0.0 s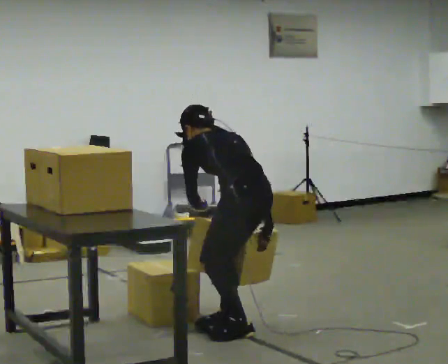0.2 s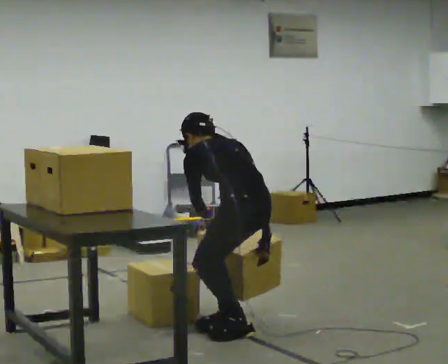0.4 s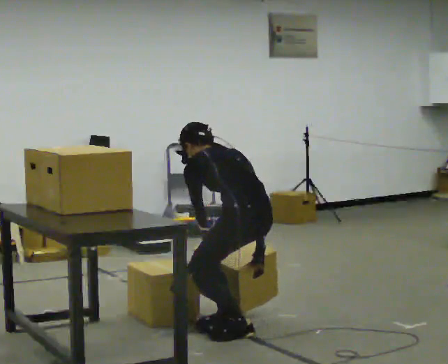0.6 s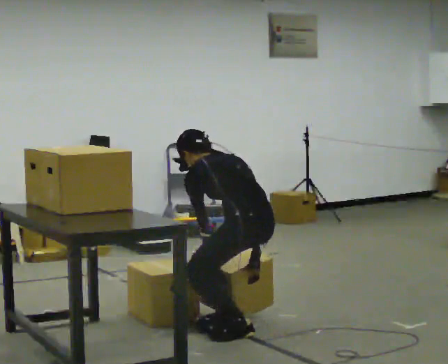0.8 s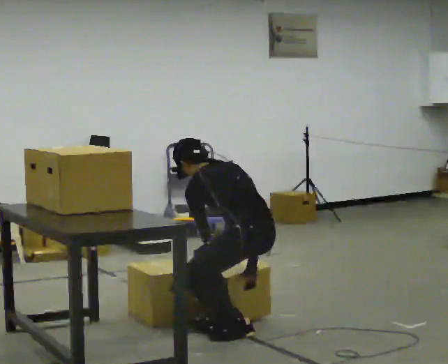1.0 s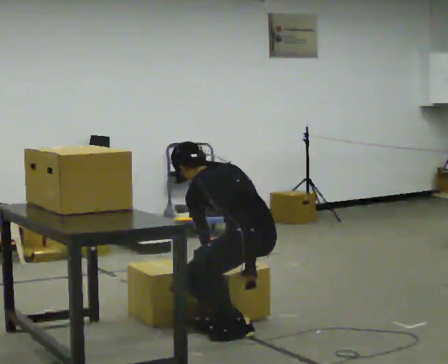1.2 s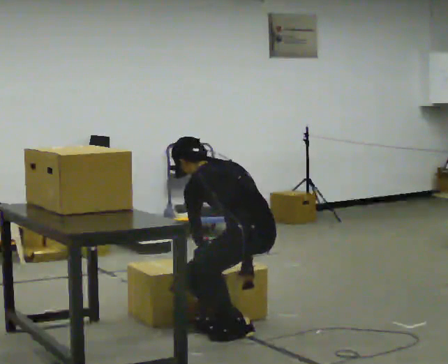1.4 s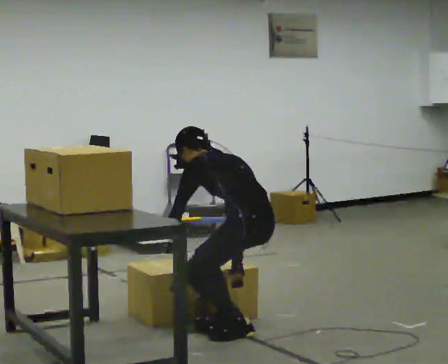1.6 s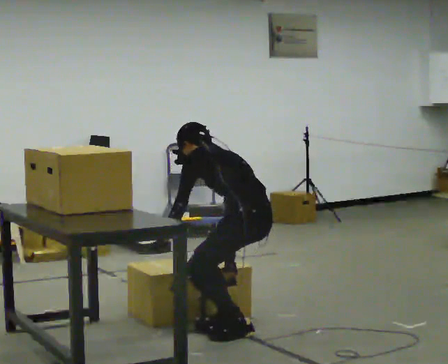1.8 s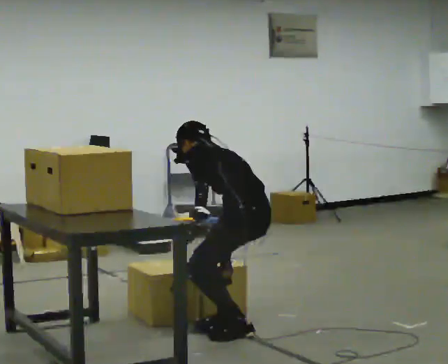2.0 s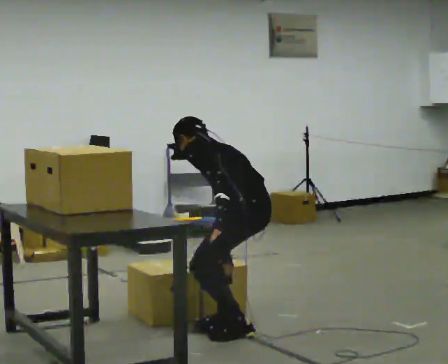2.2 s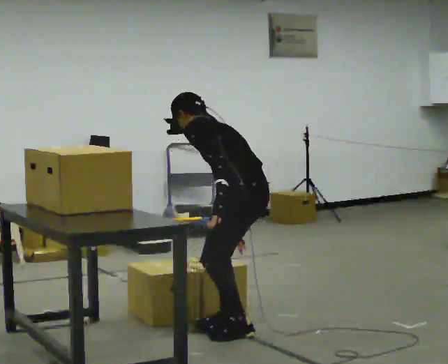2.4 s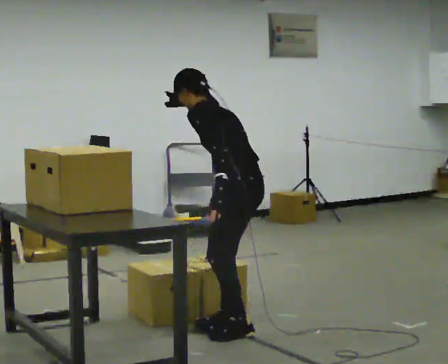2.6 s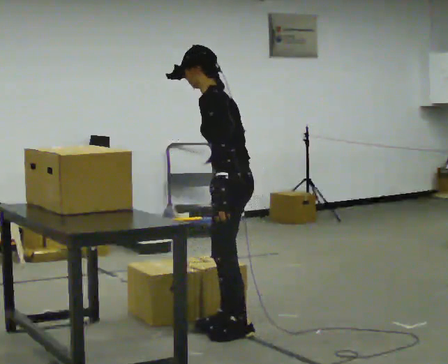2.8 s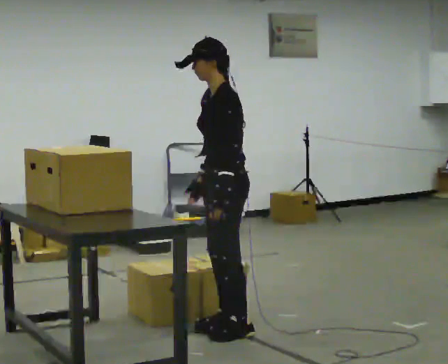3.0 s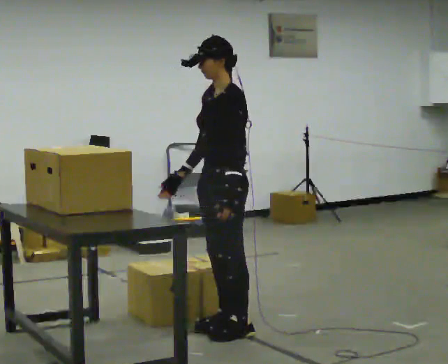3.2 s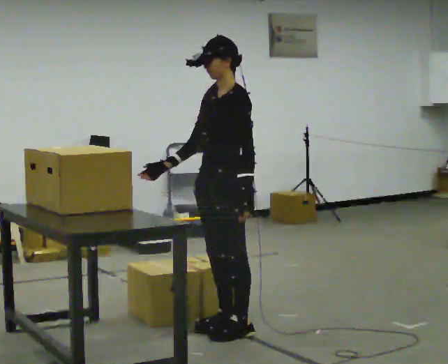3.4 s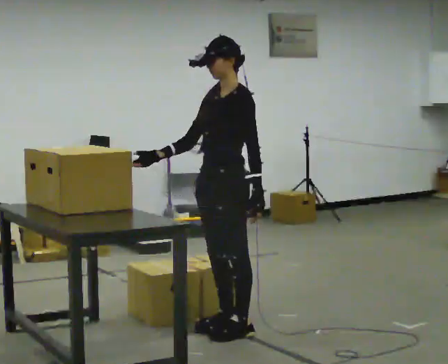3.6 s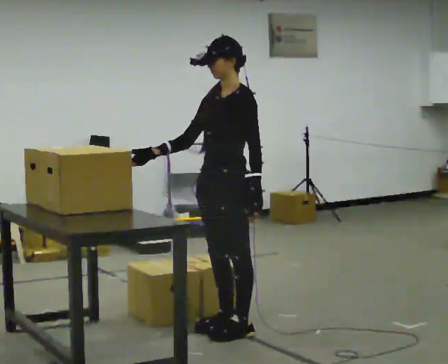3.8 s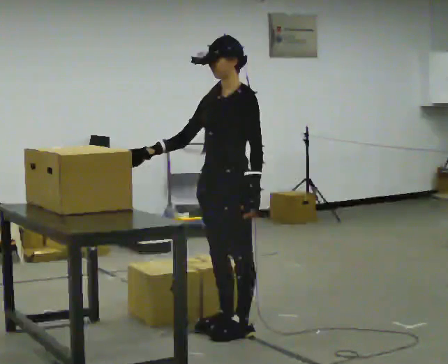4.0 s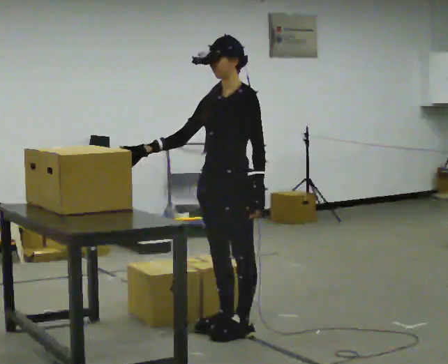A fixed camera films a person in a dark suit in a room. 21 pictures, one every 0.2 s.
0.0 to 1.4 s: The person moves a little, or ends about where they began.
1.4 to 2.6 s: Seen from above the body turns counterclockwise, about 30 degrees: to their left, with its near side sliding to the right. The upper body goes upward. The upper body tips toward the camera, its near side rolling downward, as they lean back or straighten. In the picture their left hand goes upward.
2.6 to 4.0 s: The person turns about 45 degrees to their left, counterclockwise seen from above, so the part of the body nearest the lens slides to the right. In the picture the upper body tilts clockwise, shoulders to the right, as they lean back or straighten. In the picture their right hand goes to the left, the arm swinging clockwise.
The film runs forward here.
